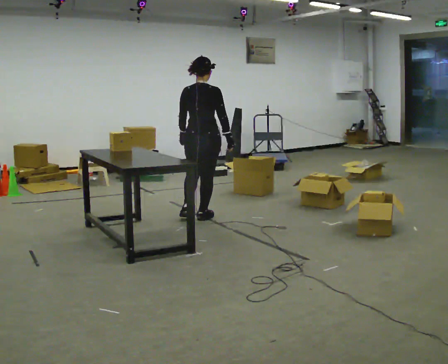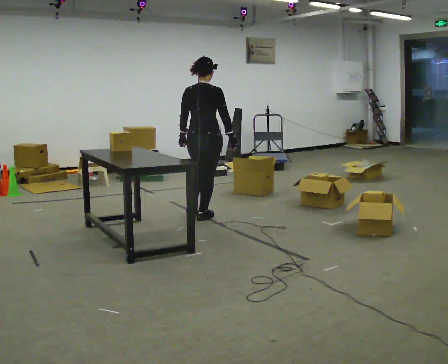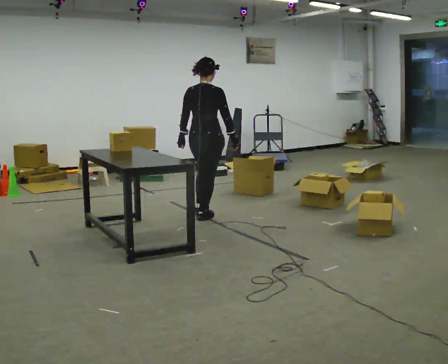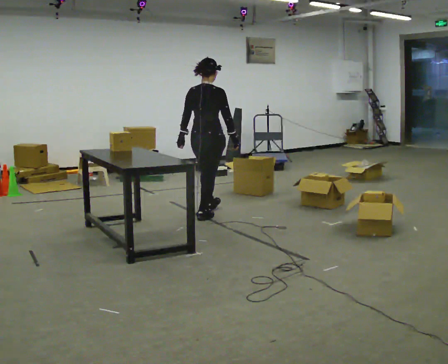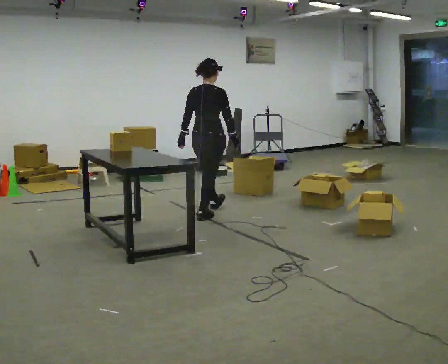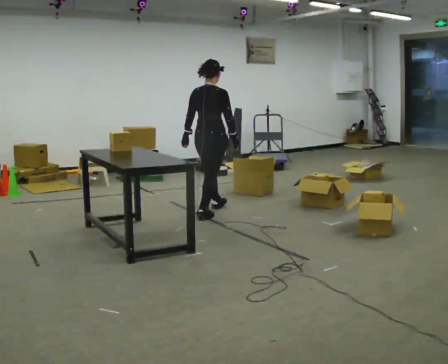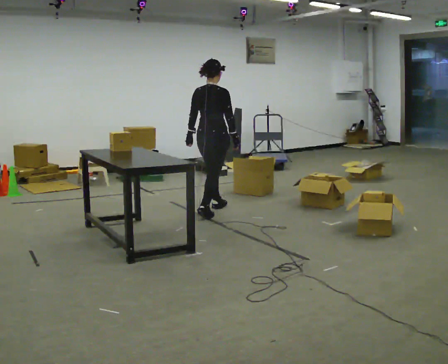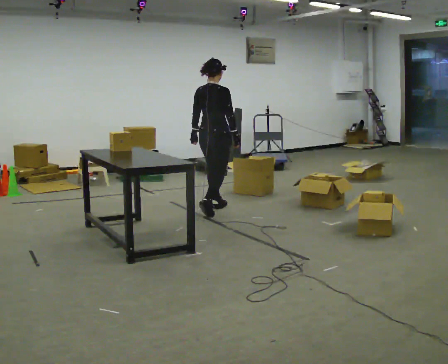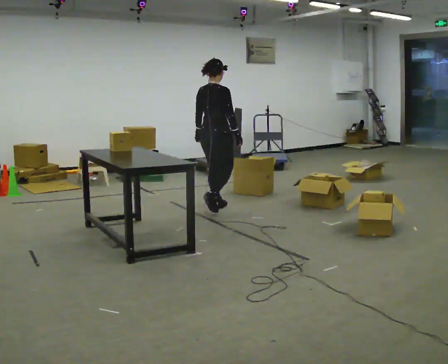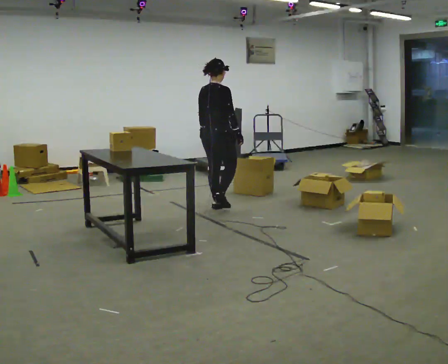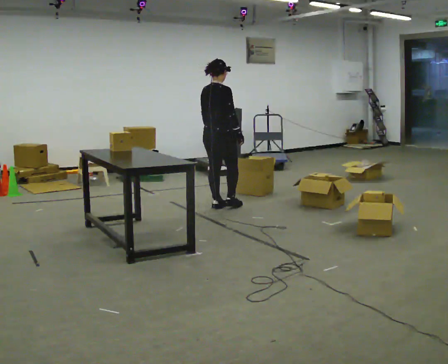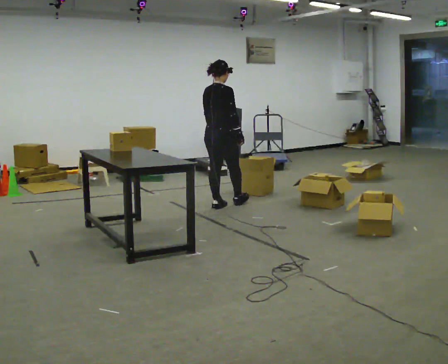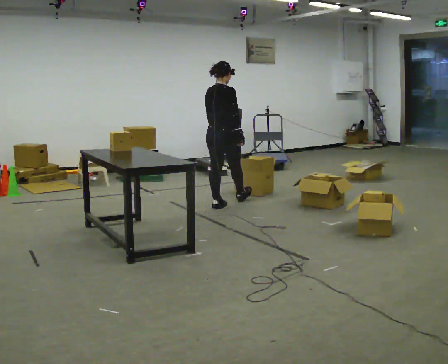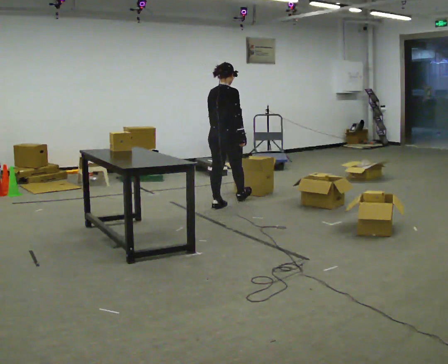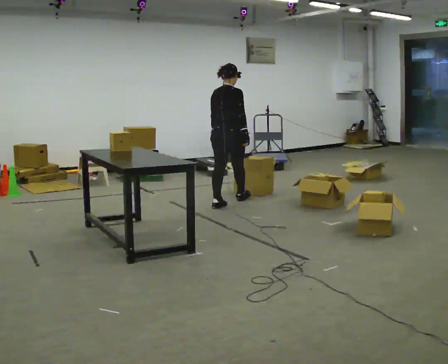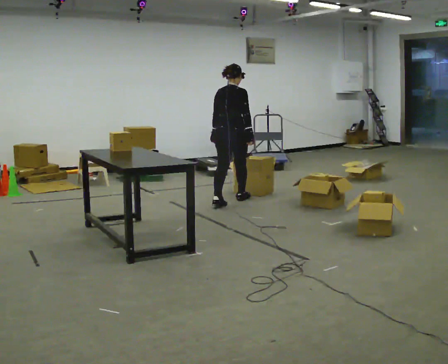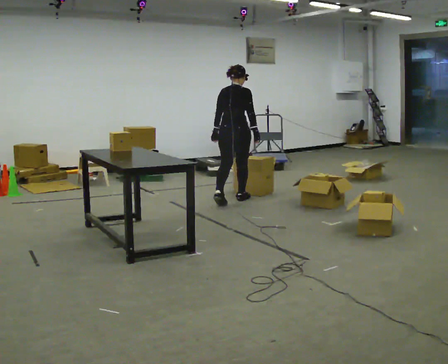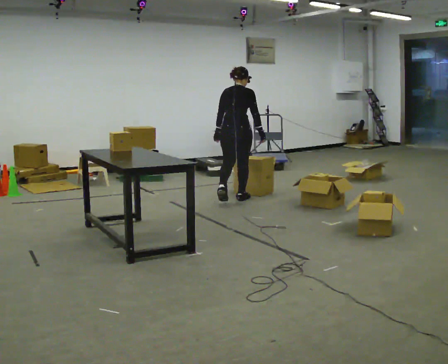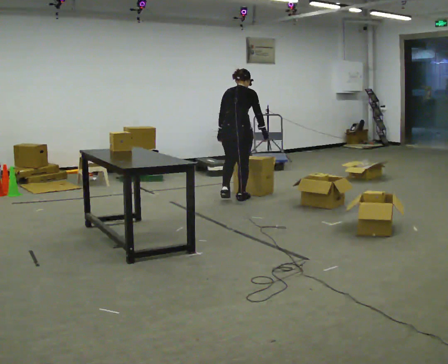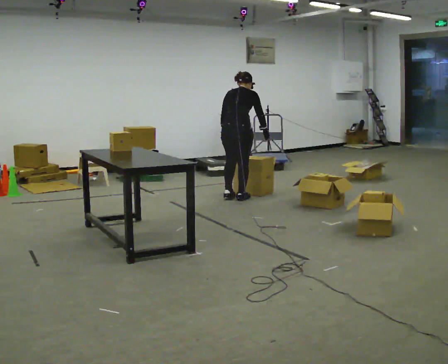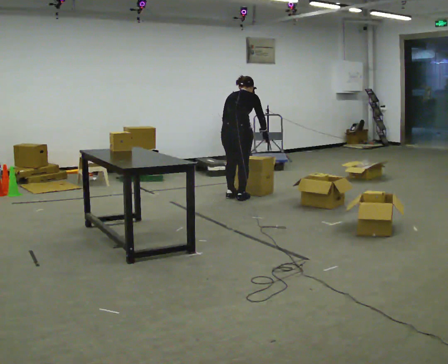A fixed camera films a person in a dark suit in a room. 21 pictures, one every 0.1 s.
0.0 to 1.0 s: In the picture they go away from the camera, about 0.5 m in 1 step, which for them is forward.
1.0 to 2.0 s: In the picture they go away from the camera and to the right, about 0.5 m in 2 steps, which for them is forward. The upper body tips away from the camera, its near side rolling upward, as they bend forward.
The film runs forward here.
